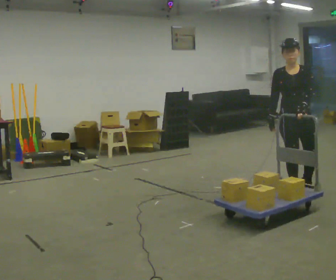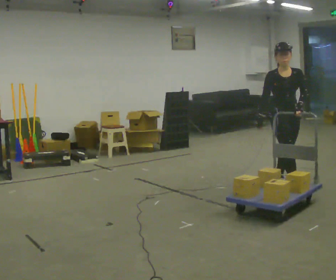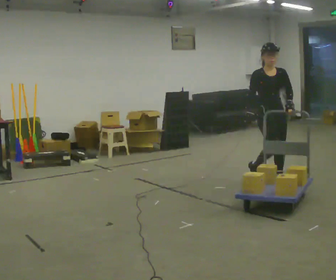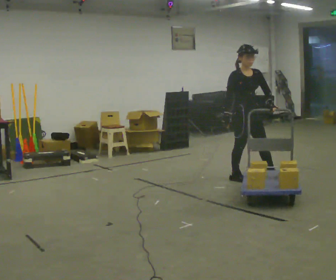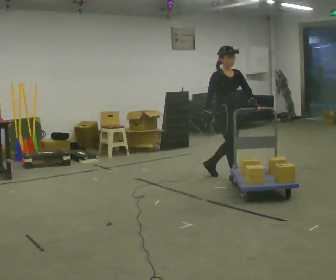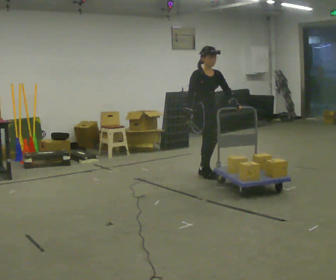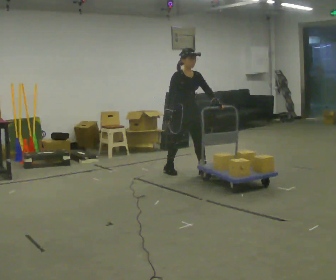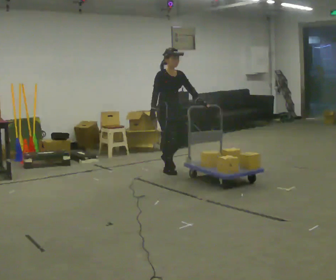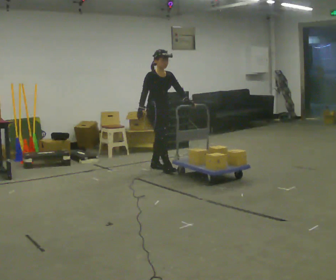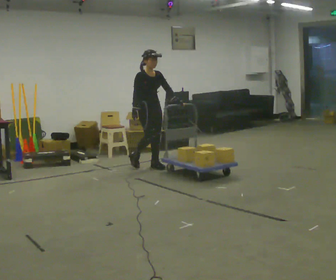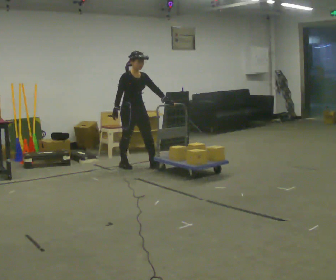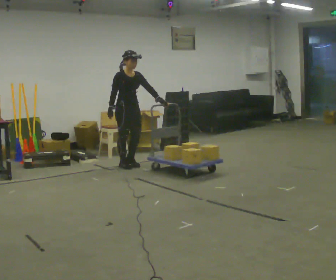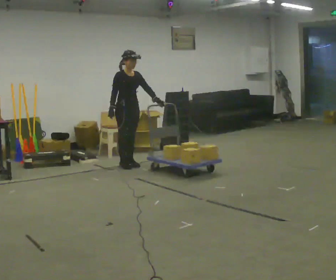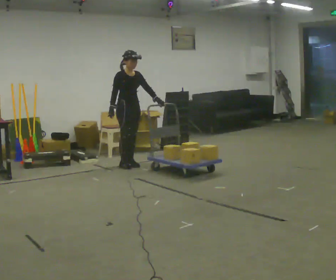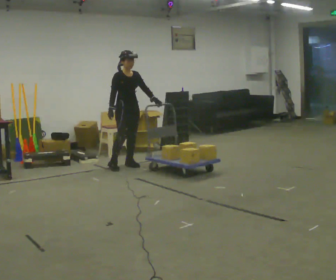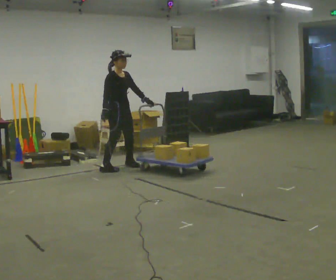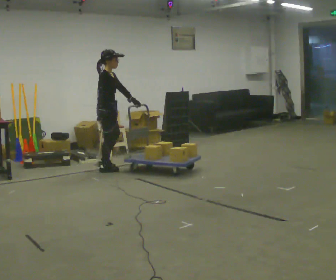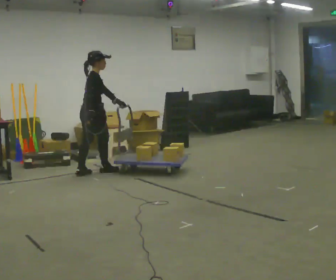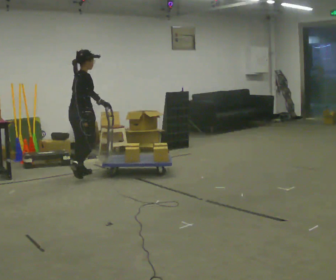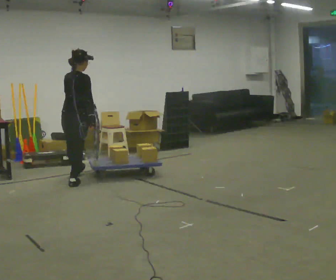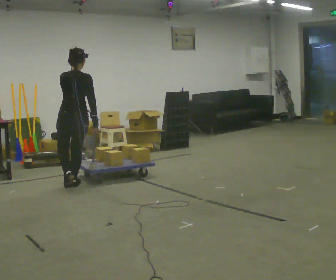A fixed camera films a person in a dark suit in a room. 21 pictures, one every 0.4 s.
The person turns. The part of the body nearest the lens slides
to the right.
The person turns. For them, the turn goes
to their left.
0.0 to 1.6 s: The person turns about 60 degrees to their left, counterclockwise seen from above, so the part of the body nearest the lens slides to the right. In the picture they go away from the camera and to the left, about 1 m in 2 steps, which for them is backward.
1.6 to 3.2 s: In the picture they go to the left and away from the camera, about 1 m in 2 steps, which for them is backward.
3.2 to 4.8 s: In the picture they go to the left and away from the camera, about 0.5 m in 2 steps, which for them is backward and to their right.
4.8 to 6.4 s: Seen from above the body turns counterclockwise, about 60 degrees: to their left, with its near side sliding to the right. In the picture they go toward the camera and to the left, about 0.5 m in 2 steps, which for them is to their right.
6.4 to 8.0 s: Seen from above the body turns counterclockwise, about 90 degrees: to their left, with its near side sliding to the right. In the picture they go toward the camera and to the left, about 1 m in 2 steps.
The film runs backward here.
